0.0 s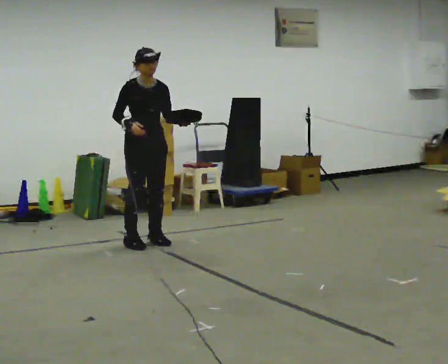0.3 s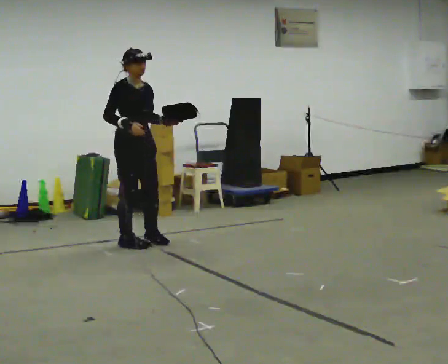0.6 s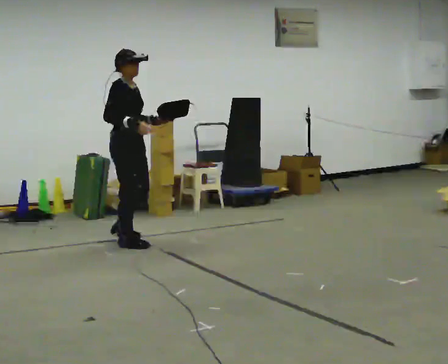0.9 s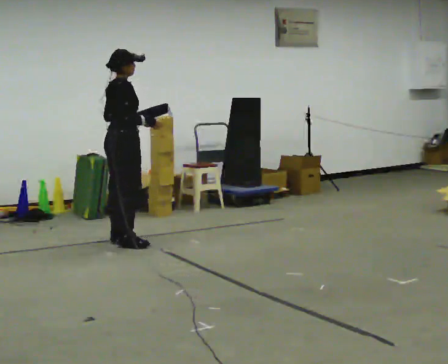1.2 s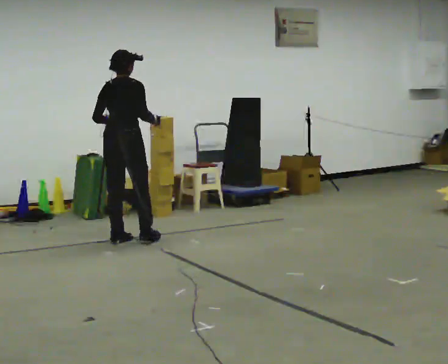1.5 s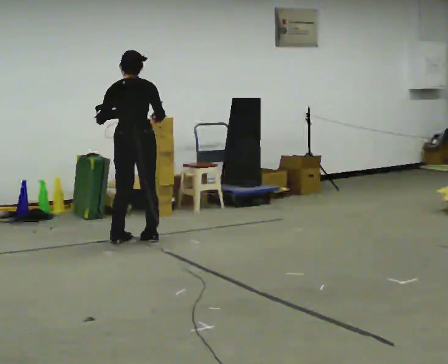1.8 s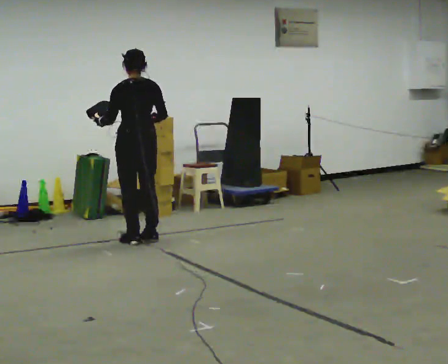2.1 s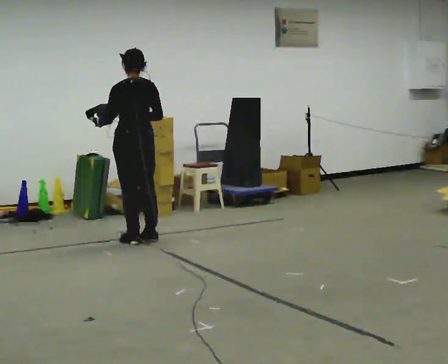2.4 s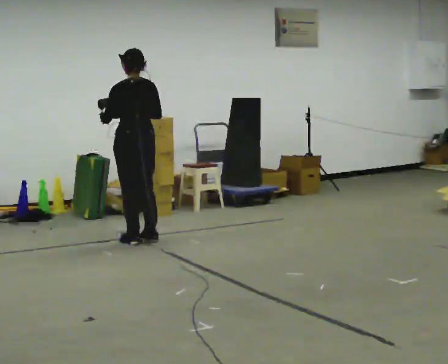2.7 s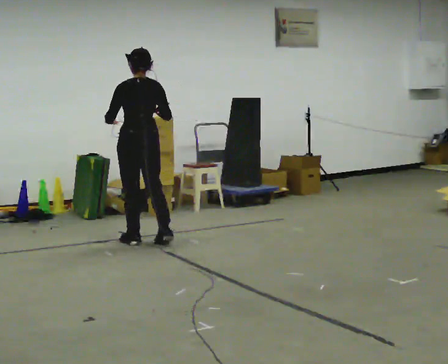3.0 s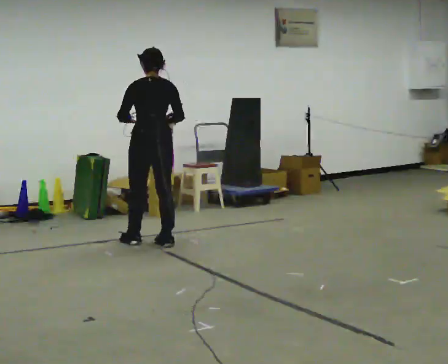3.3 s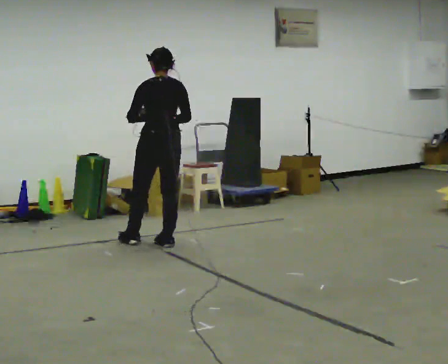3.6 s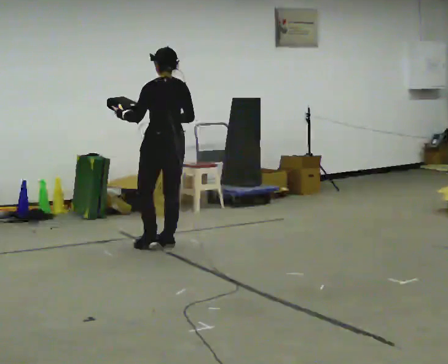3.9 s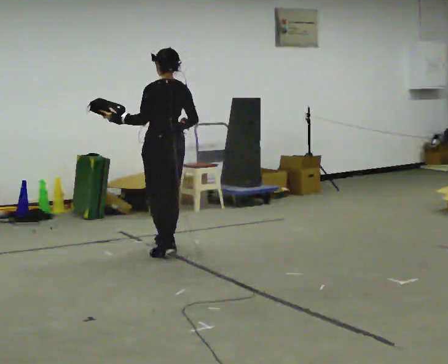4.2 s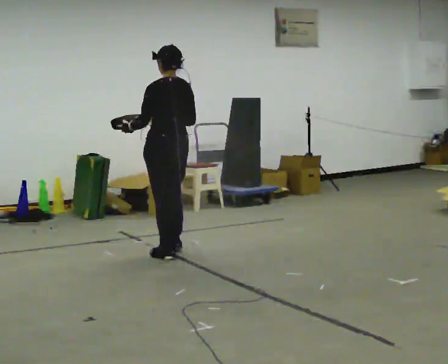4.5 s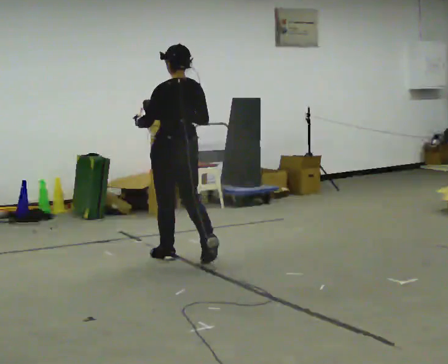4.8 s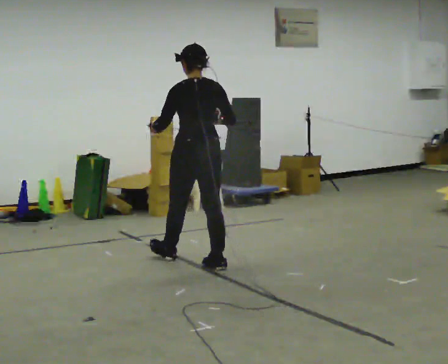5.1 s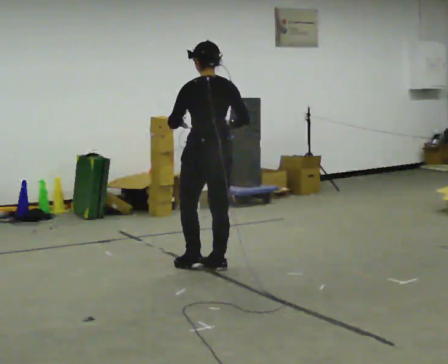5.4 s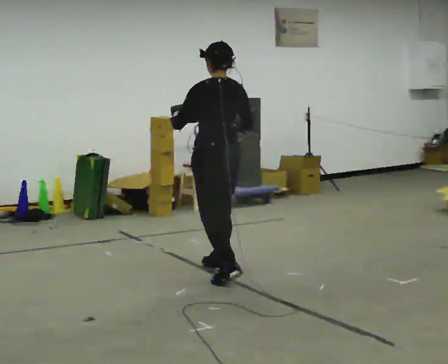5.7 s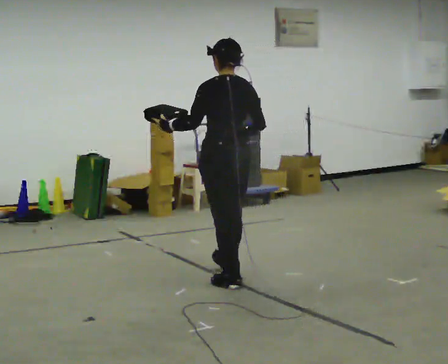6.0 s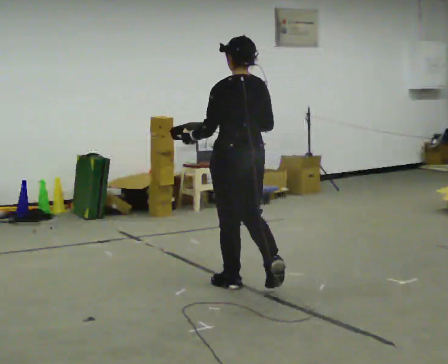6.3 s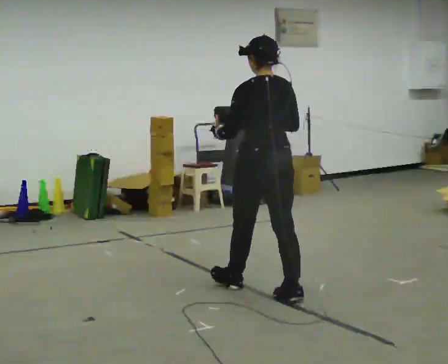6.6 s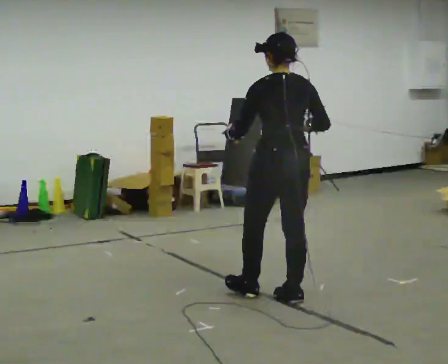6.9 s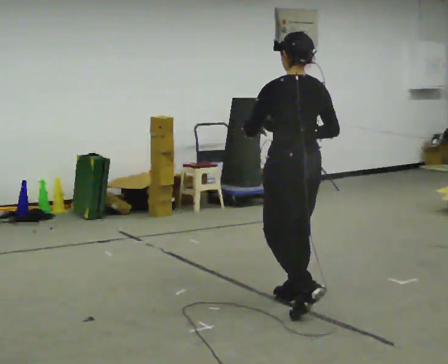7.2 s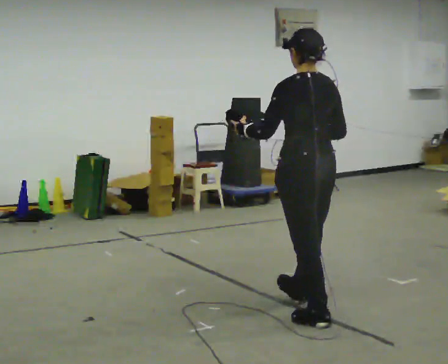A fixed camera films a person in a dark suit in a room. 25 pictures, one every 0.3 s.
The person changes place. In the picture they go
toward the camera.
0.0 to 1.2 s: Seen from above the body turns counterclockwise, about 120 degrees: to their left, with its near side sliding to the right. In the picture they go to the left, about 0.25 m in 2 steps. In the picture their left hand goes to the left.
1.2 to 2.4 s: Seen from above the body turns counterclockwise, about 60 degrees: to their left, with its near side sliding to the right.
2.4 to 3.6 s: In the picture they go to the right and toward the camera, about 0.25 m in 1 step, which for them is to their right and backward.
3.6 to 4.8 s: In the picture they go toward the camera and to the right, about 0.75 m in 1 step, which for them is backward.
4.8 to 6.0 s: In the picture they go toward the camera and to the right, about 0.75 m in 2 steps, which for them is backward.
6.0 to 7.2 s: In the picture they go toward the camera and to the right, about 0.5 m in 2 steps, which for them is backward.
The film runs backward here.
